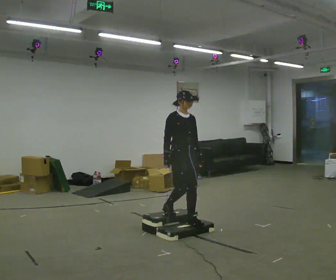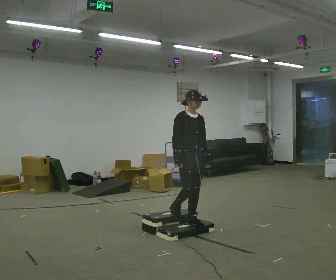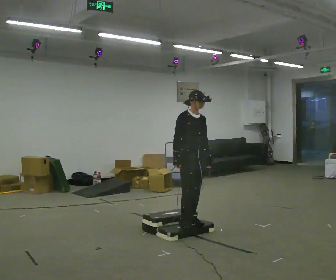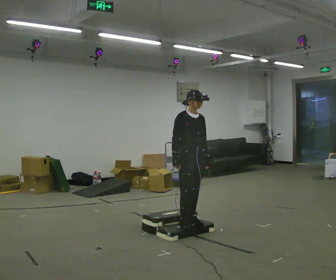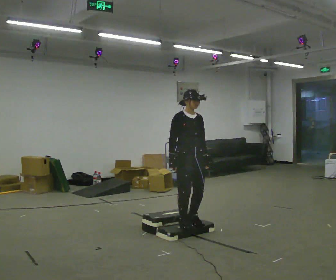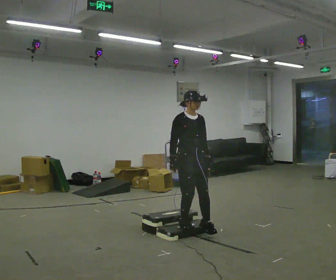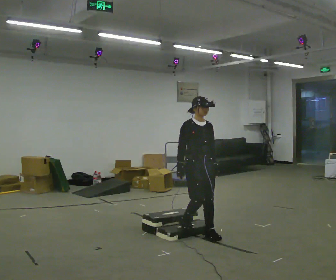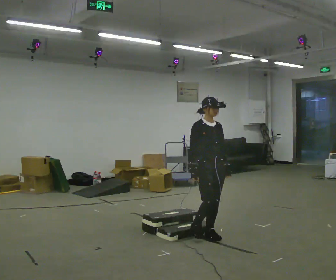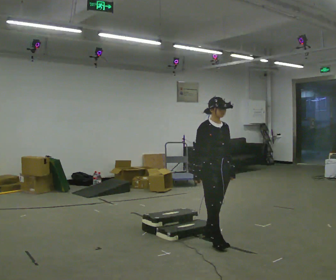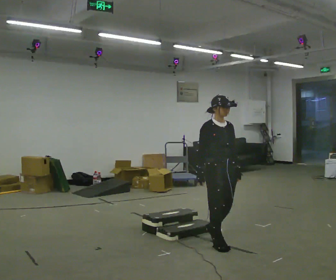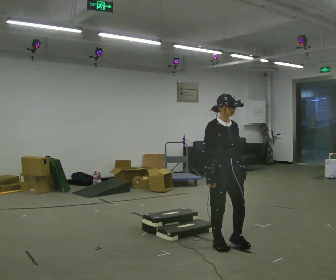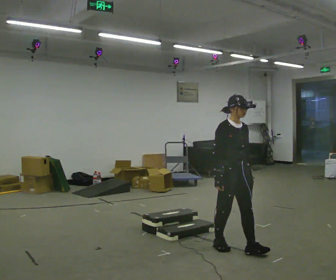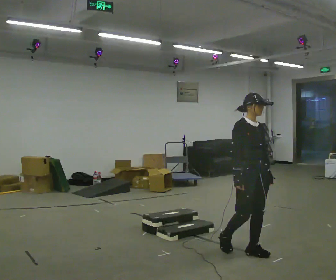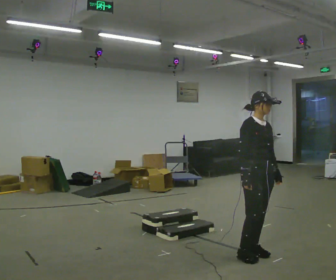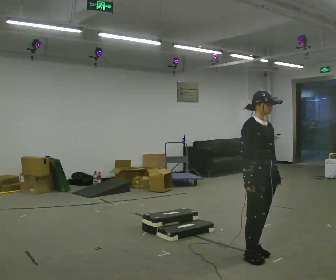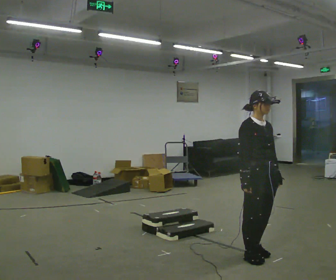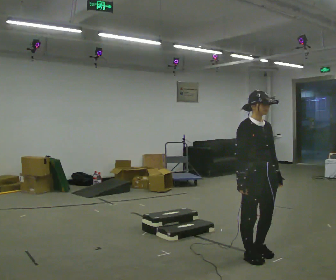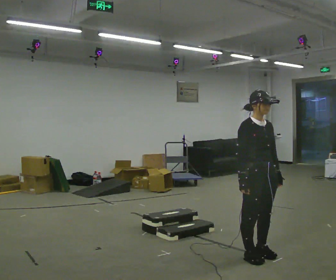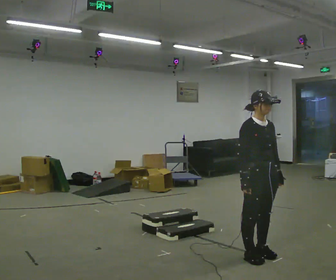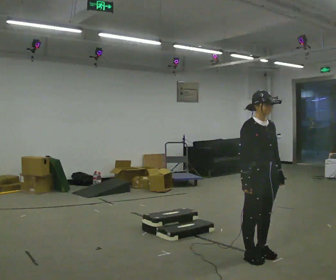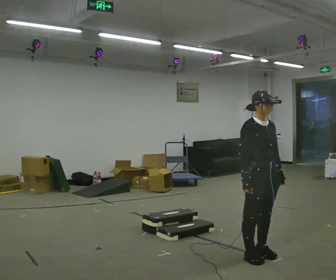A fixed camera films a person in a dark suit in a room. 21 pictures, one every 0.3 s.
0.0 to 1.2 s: The person moves a little, or ends about where they began.
1.2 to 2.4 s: In the picture they go to the right and toward the camera, about 0.5 m in 2 steps, which for them is forward.
2.4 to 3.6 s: In the picture they go toward the camera and to the right, about 0.5 m in 1 step, which for them is forward.
3.6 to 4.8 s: In the picture they go toward the camera, about 0.25 m in 1 step, which for them is forward.
4.8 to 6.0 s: The person moves a little, or ends about where they began.
The film runs forward here.
